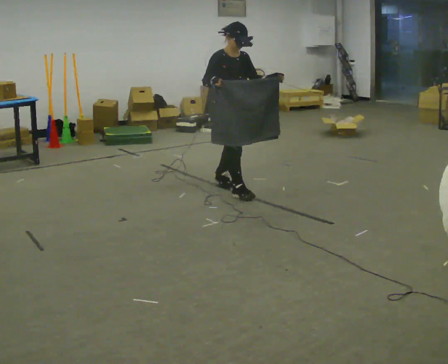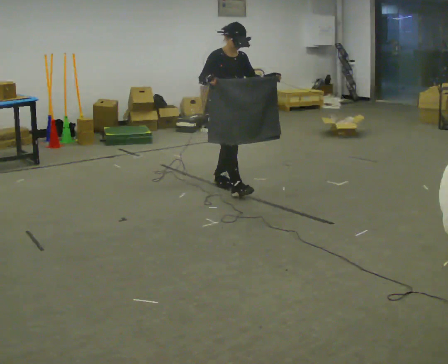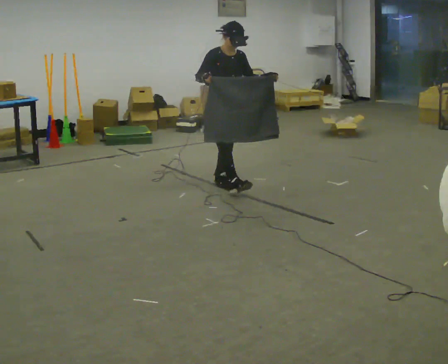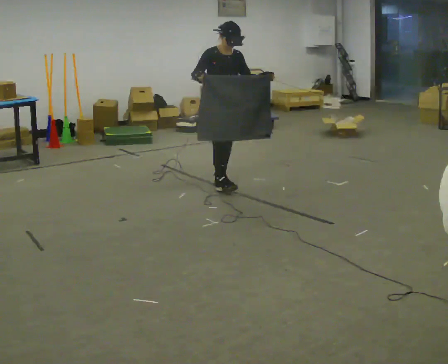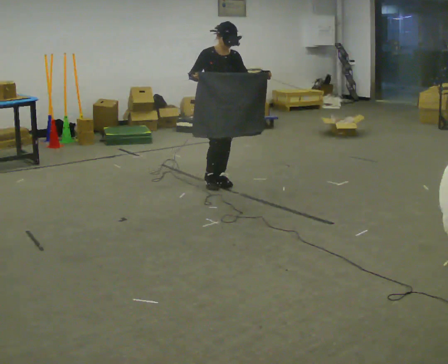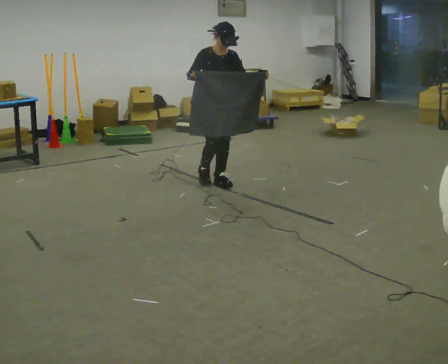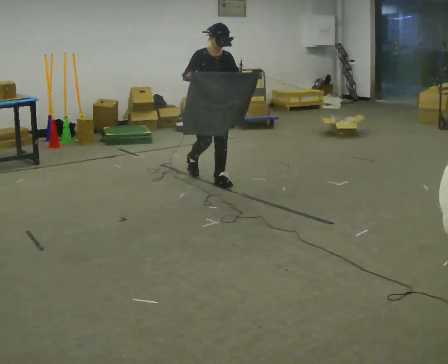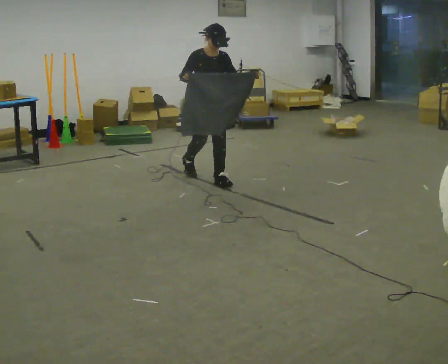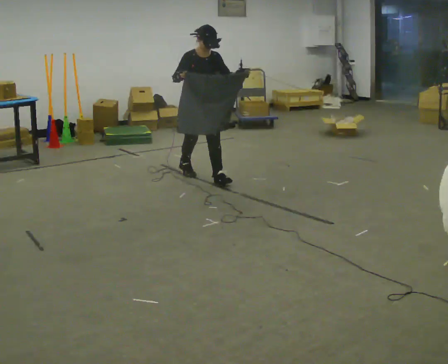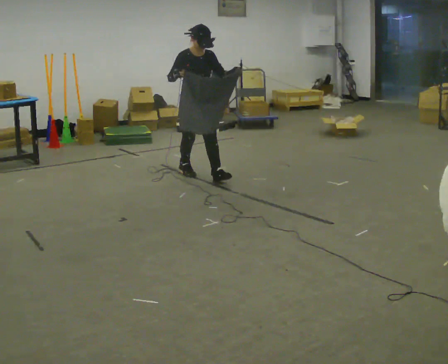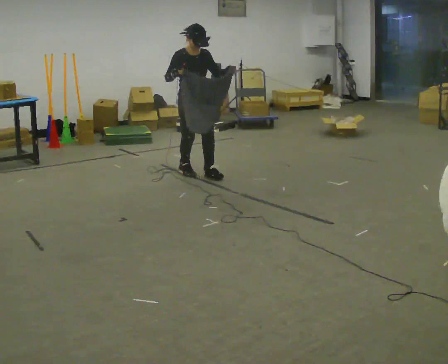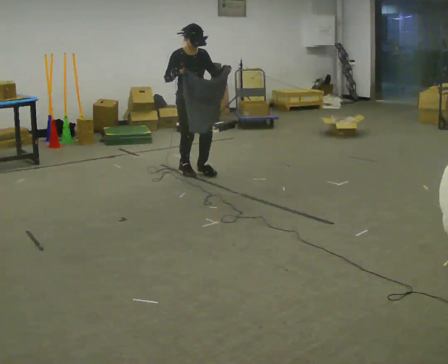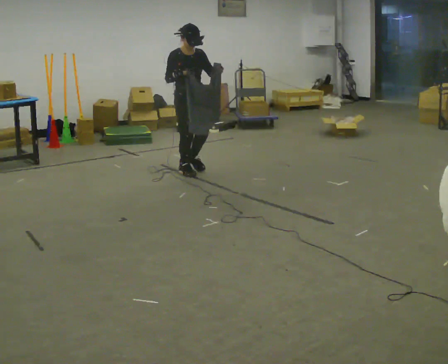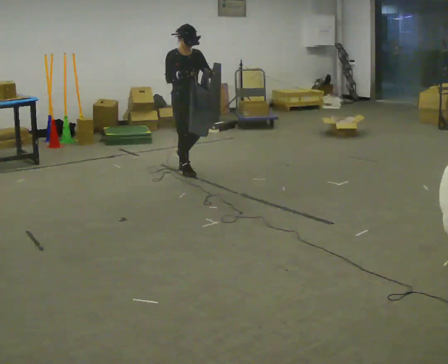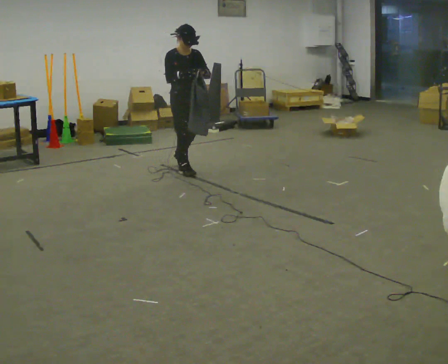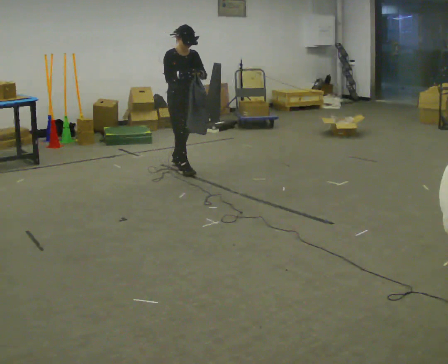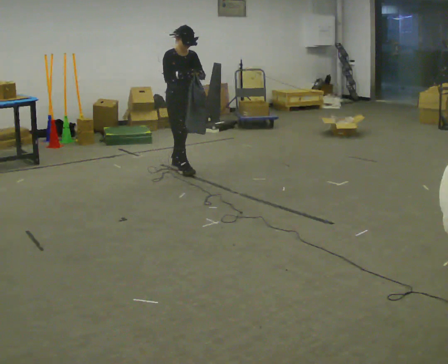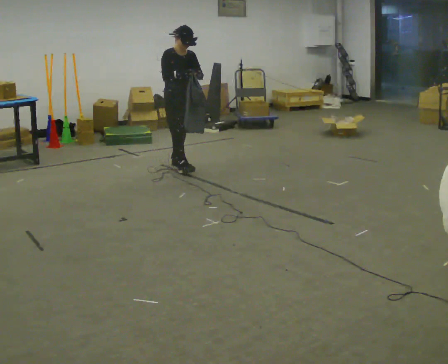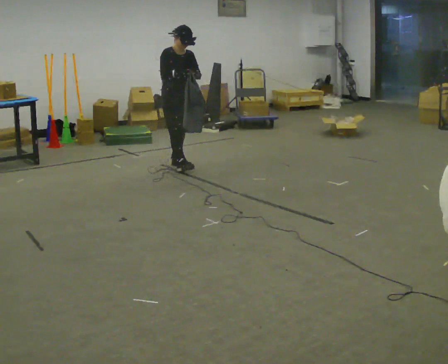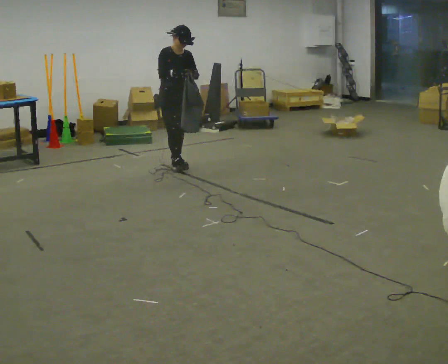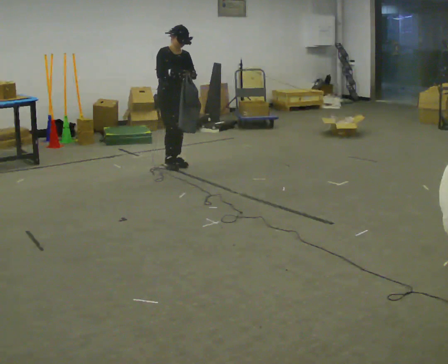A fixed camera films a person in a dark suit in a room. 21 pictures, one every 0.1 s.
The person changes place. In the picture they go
away from the camera.
0.0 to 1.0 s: In the picture they go away from the camera and to the left, about 0.5 m in 2 steps, which for them is backward.
1.0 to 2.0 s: In the picture they go away from the camera and to the left, about 0.5 m in 1 step, which for them is backward.
The film runs backward here.
